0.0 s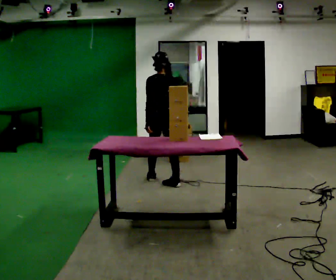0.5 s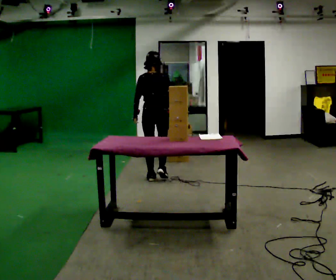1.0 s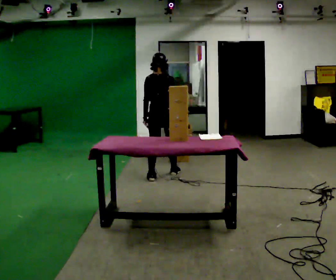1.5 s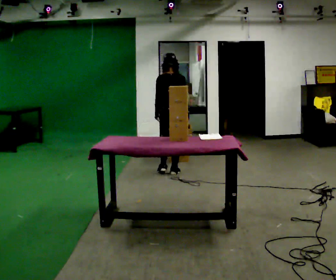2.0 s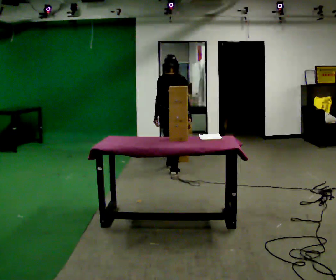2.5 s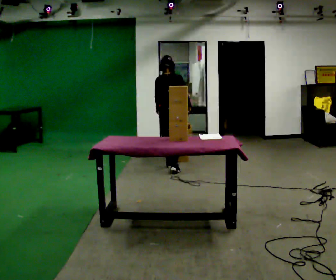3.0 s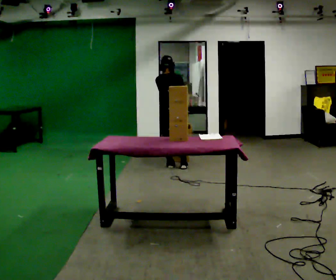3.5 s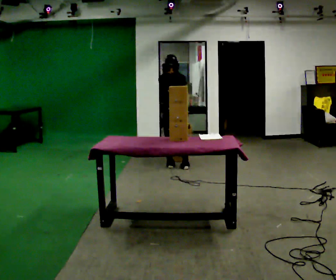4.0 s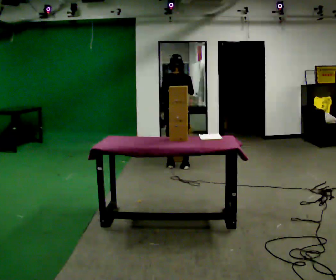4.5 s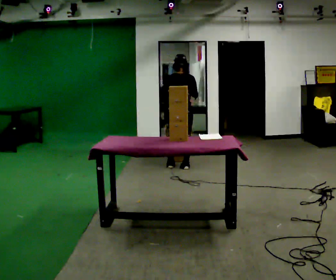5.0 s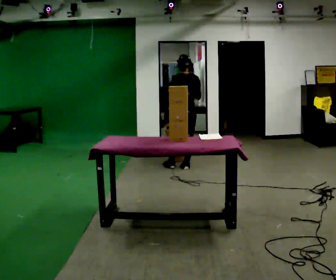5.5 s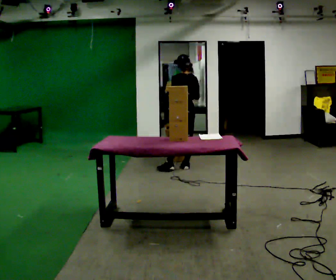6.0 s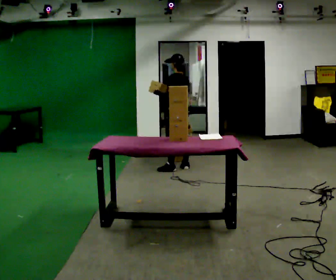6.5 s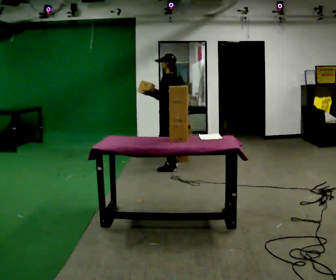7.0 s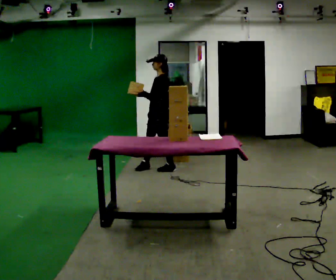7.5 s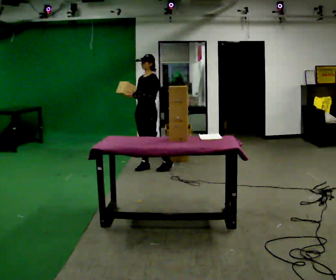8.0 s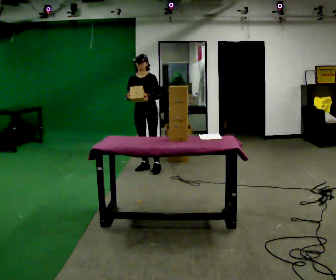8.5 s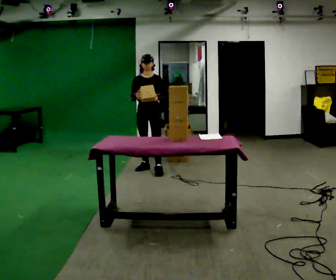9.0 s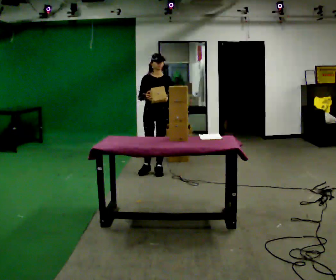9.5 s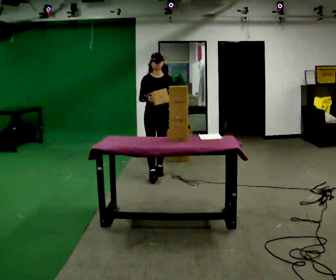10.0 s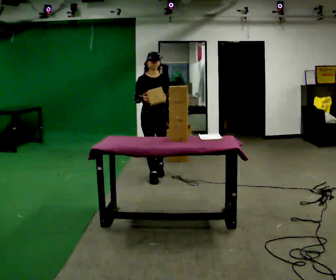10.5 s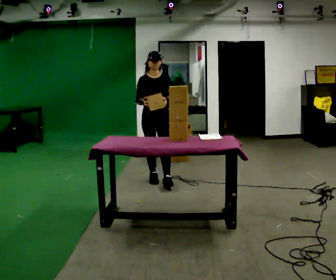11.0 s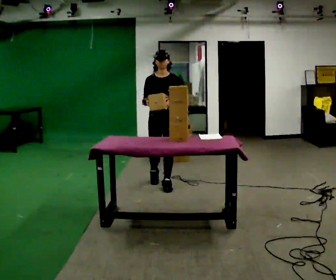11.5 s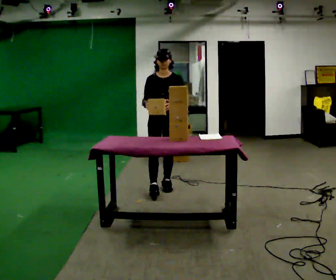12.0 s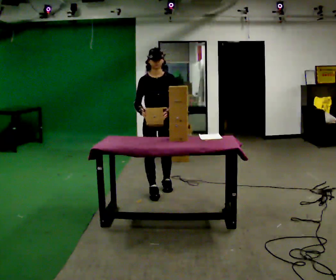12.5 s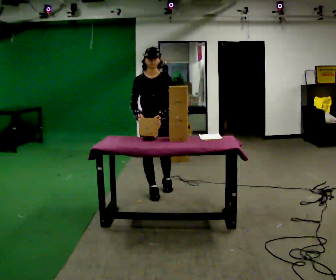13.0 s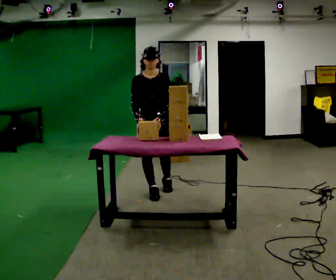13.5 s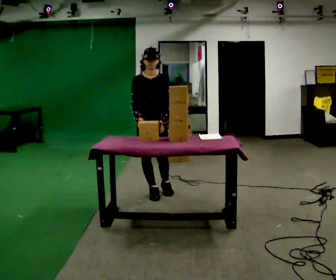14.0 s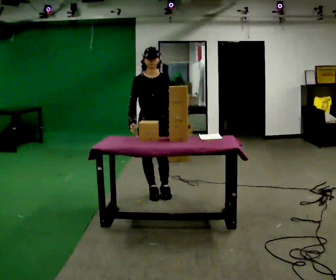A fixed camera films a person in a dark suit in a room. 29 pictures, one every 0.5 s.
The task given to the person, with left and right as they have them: 1. Read the list the operator gives you. 2. Collect the six items on the list from the shelves. 3. Put them all in the bin on the table. 4. Tell the operator when you are finished.
0.0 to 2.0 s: The person turns about 30 degrees to their right, clockwise seen from above, so the part of the body nearest the lens slides to the left. In the picture they go away from the camera, about 0.5 m in 2 steps, which for them is forward.
2.0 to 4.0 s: In the picture they go away from the camera, about 0.25 m in 1 step, which for them is forward. In the picture their left hand goes upward.
4.0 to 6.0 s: The person turns about 60 degrees to their left, counterclockwise seen from above, so the part of the body nearest the lens slides to the right.
6.0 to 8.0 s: The part of the body nearest the lens slides to the right as the person turns to their left by about 120 degrees. In the picture they go to the left, about 0.5 m in 1 step.
8.0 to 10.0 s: In the picture they go toward the camera, about 0.5 m in 2 steps, which for them is forward.
10.0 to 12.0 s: In the picture they go toward the camera, about 0.5 m in 2 steps, which for them is forward.
12.0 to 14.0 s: The person moves a little, or ends about where they began.
The film runs forward here.
